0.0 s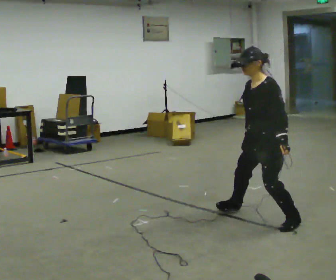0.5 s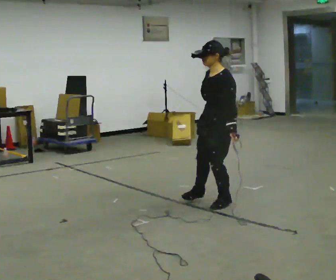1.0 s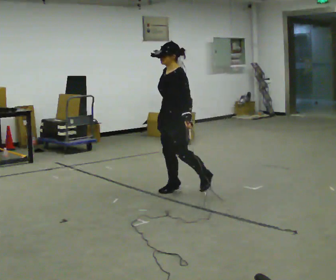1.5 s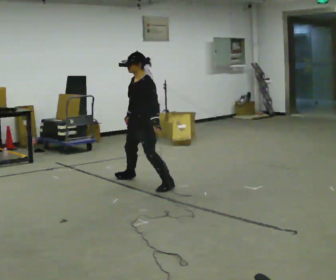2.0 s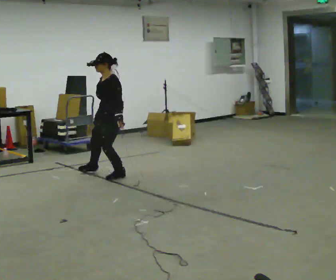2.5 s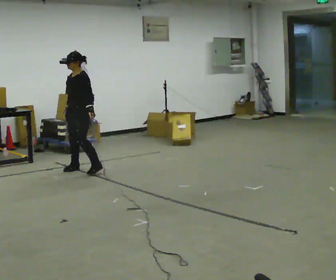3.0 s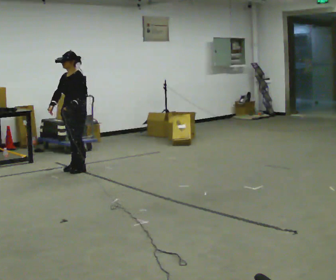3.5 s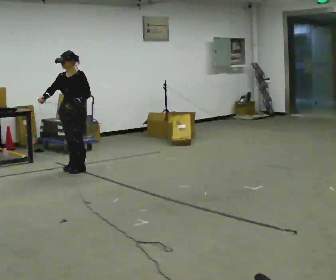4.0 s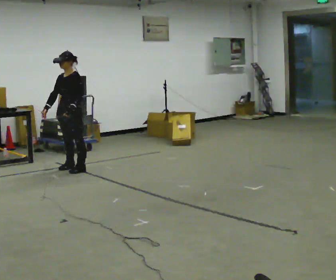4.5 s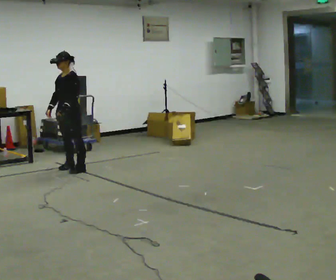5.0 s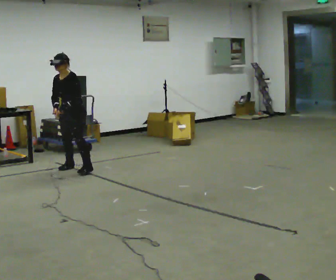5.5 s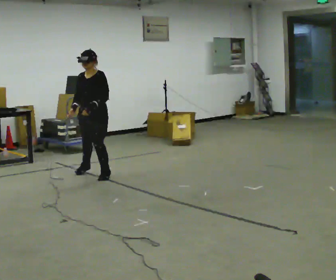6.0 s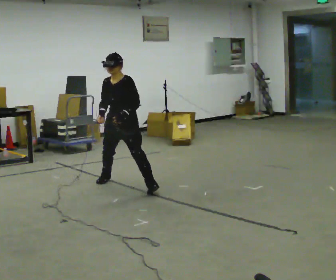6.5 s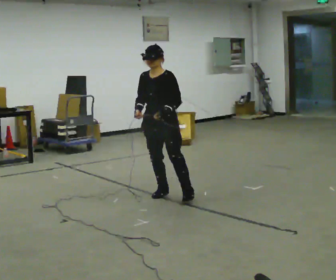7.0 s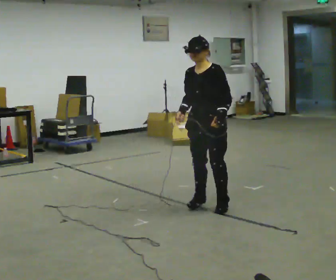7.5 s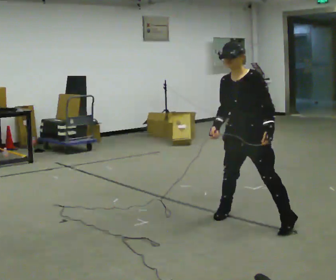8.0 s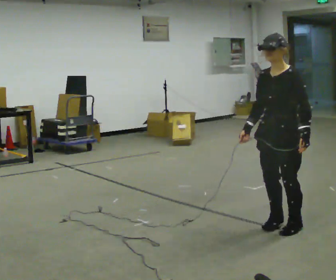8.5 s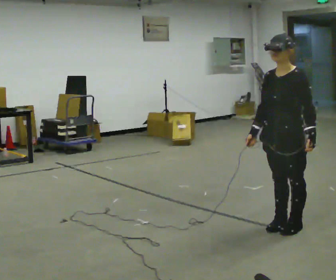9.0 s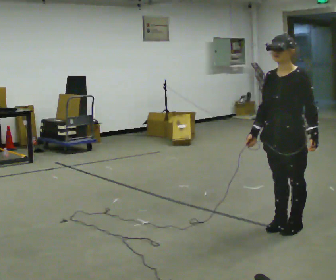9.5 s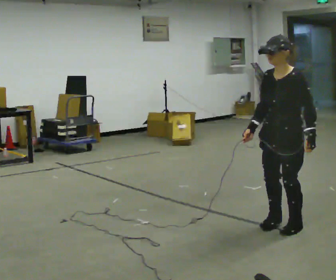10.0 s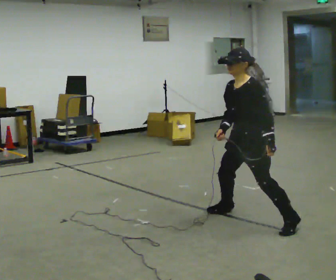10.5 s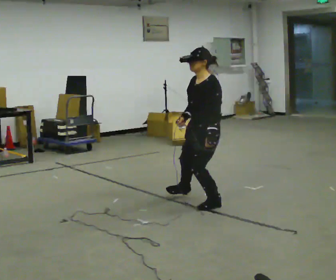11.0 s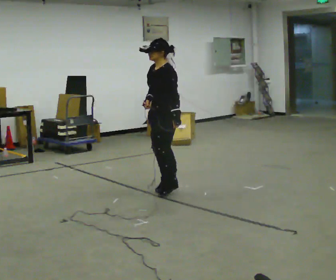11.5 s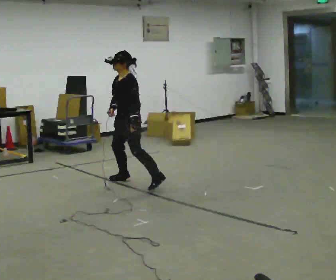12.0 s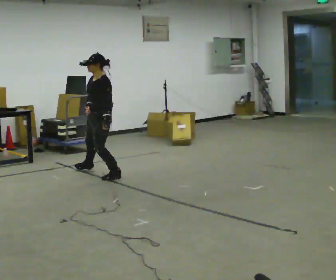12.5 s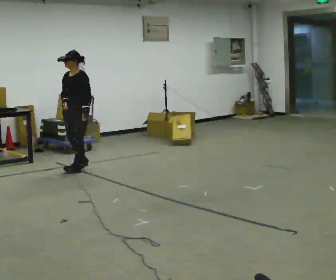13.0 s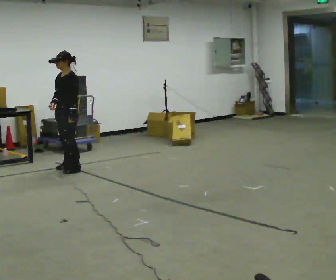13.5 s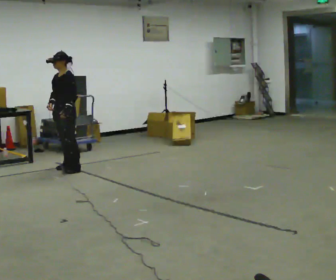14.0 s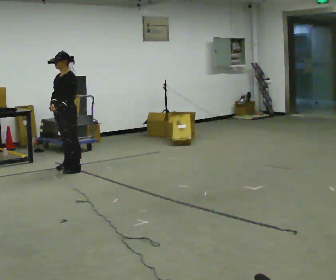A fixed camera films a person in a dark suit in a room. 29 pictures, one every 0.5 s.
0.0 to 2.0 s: In the picture they go away from the camera and to the left, about 2 m in 6 steps, which for them is to their right.
2.0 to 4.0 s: In the picture they go to the left and away from the camera, about 0.75 m in 2 steps, which for them is to their right.
4.0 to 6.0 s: In the picture they go to the right and toward the camera, about 1 m in 2 steps, which for them is to their left.
6.0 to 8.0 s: In the picture they go to the right and toward the camera, about 2 m in 5 steps, which for them is to their left.
8.0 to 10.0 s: In the picture they go away from the camera and to the left, about 0.25 m in 2 steps, which for them is to their right.
10.0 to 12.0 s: In the picture they go away from the camera and to the left, about 2 m in 5 steps, which for them is to their right.
12.0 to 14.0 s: In the picture they go to the left and away from the camera, about 0.5 m in 3 steps, which for them is to their right.
The film runs forward here.
